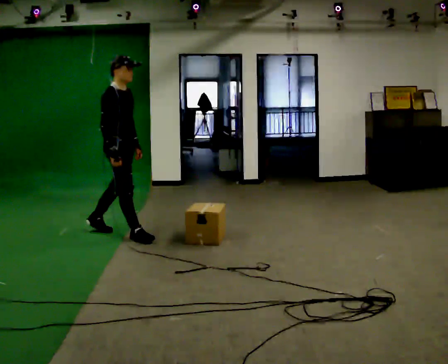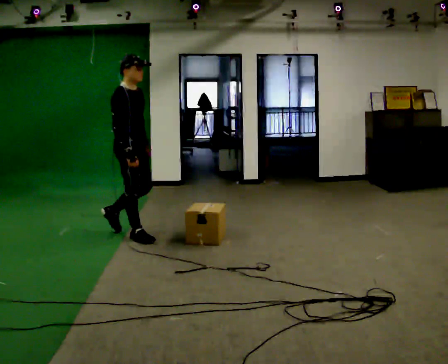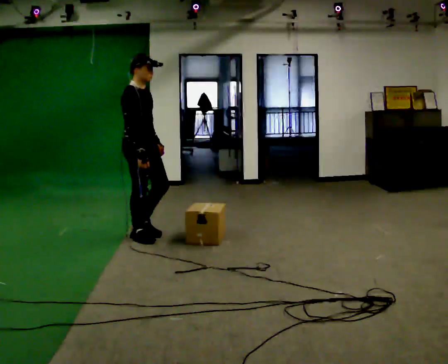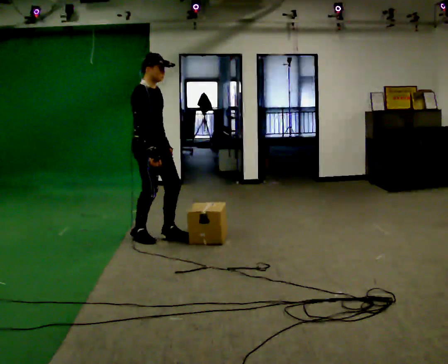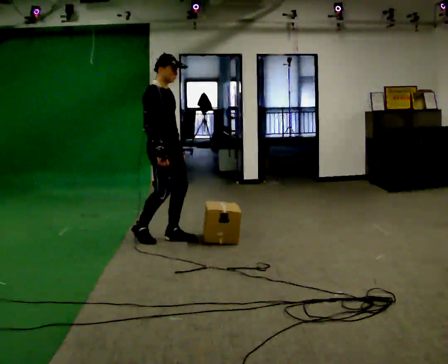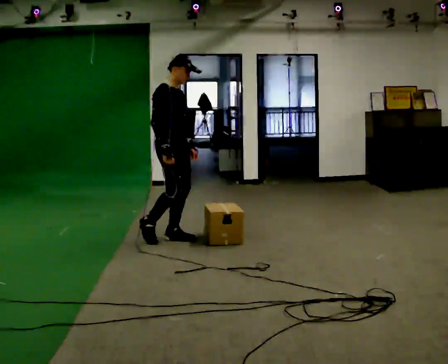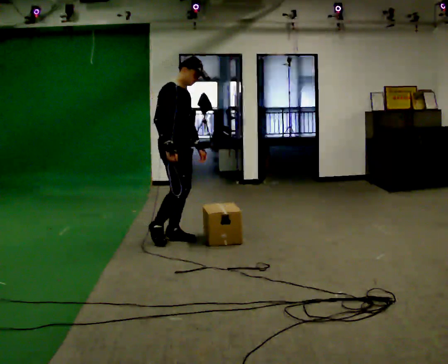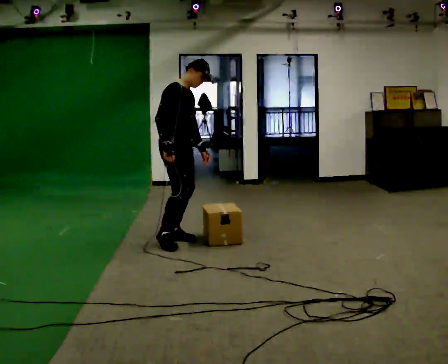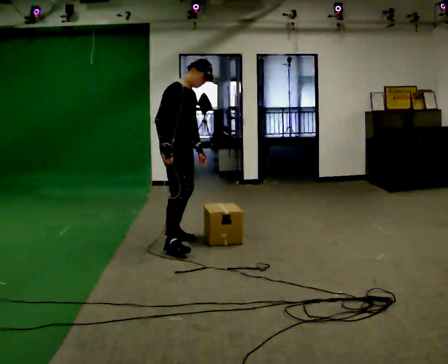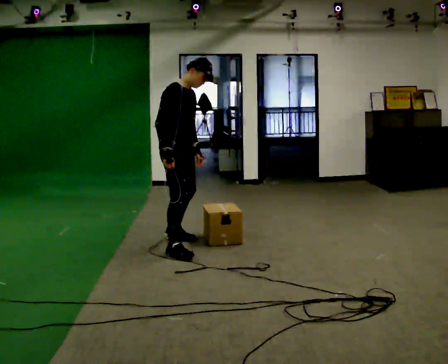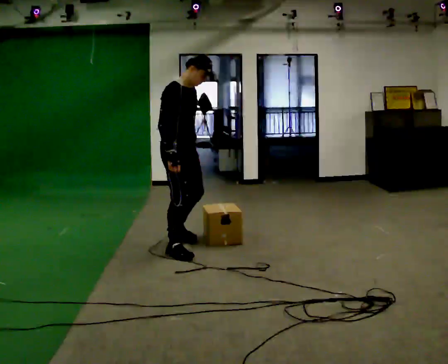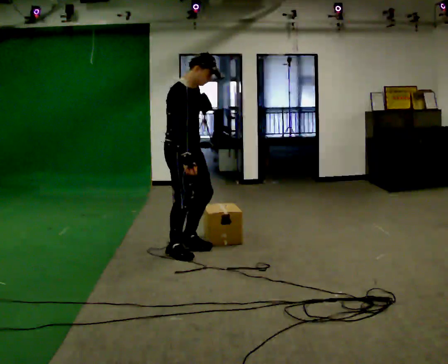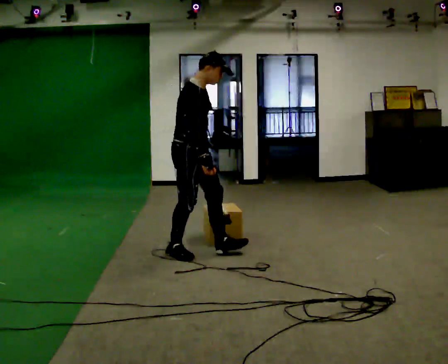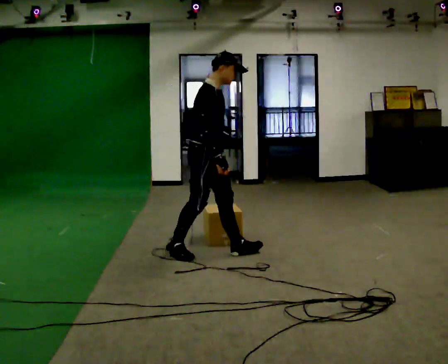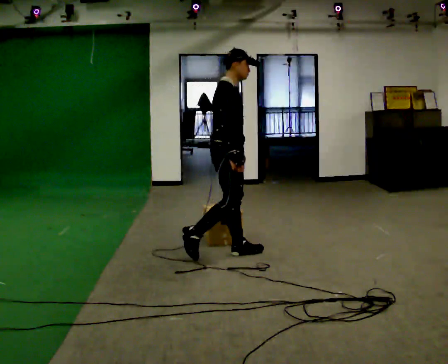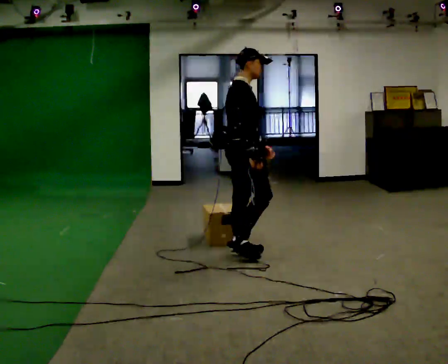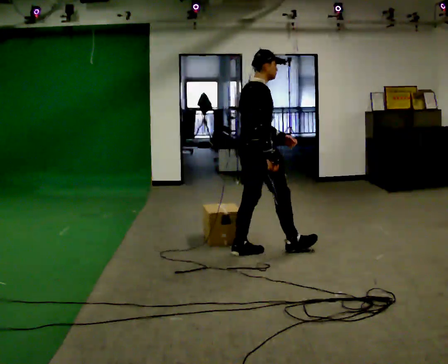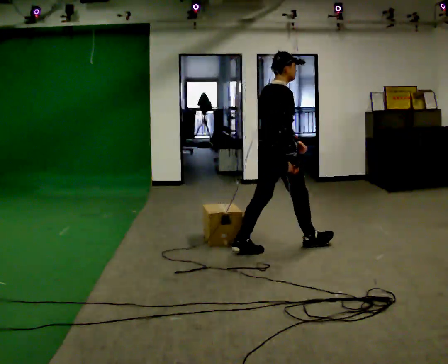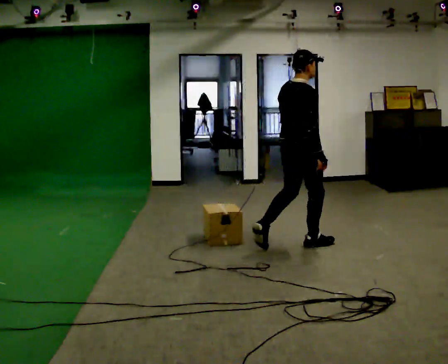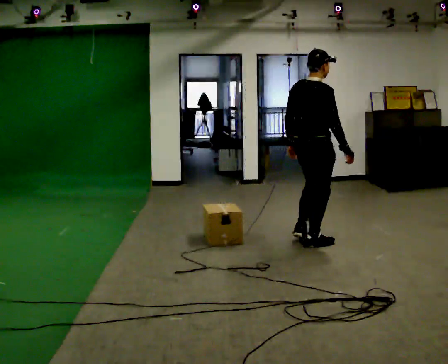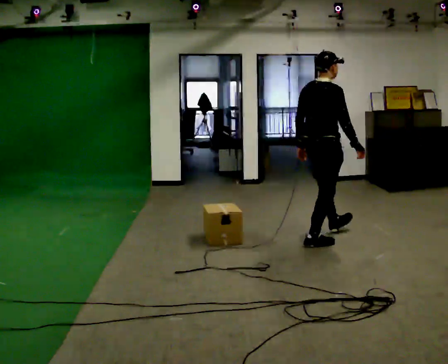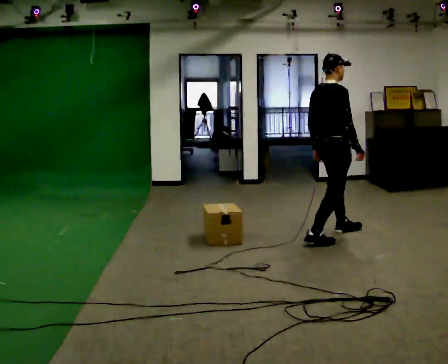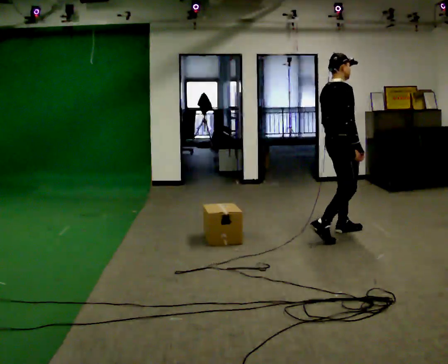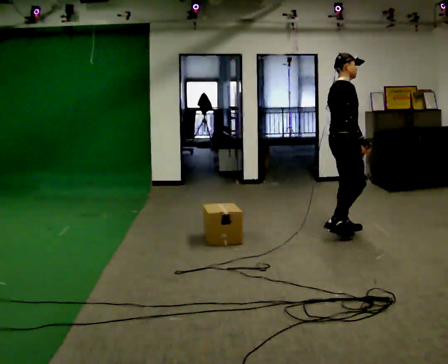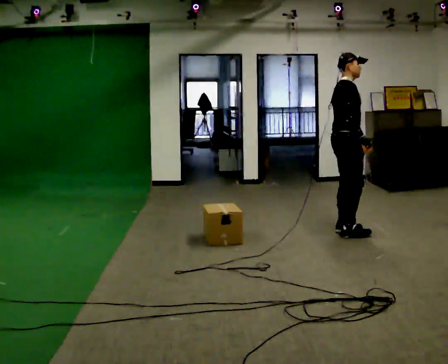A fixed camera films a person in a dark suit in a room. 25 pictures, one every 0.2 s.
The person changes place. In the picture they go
to the right.
0.0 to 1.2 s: In the picture they go to the right, about 0.5 m in 1 step, which for them is forward.
1.2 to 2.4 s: In the picture they go toward the camera and to the right, about 0.5 m in 1 step, which for them is forward and to their right.
2.4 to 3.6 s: Seen from above the body turns counterclockwise, about 60 degrees: to their left, with its near side sliding to the right. In the picture they go to the right, about 1 m in 2 steps, which for them is forward.
3.6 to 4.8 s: The person turns about 30 degrees to their right, clockwise seen from above, so the part of the body nearest the lens slides to the left. In the picture they go to the right and away from the camera, about 0.5 m in 2 steps, which for them is forward and to their left.
The film runs forward here.
